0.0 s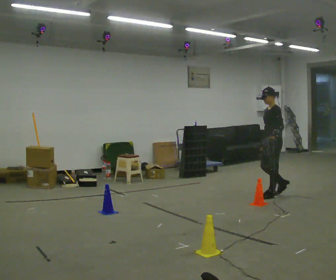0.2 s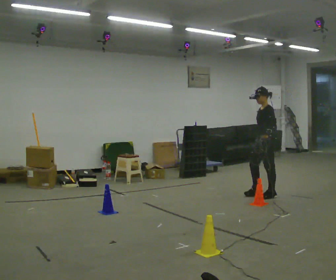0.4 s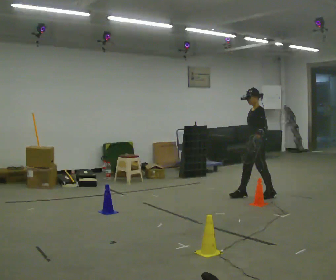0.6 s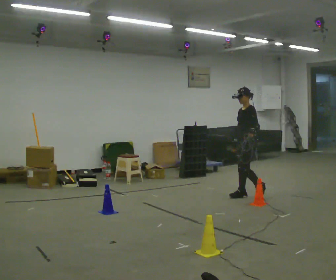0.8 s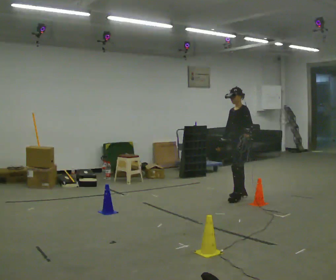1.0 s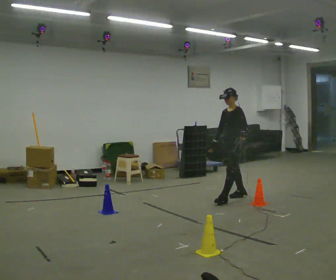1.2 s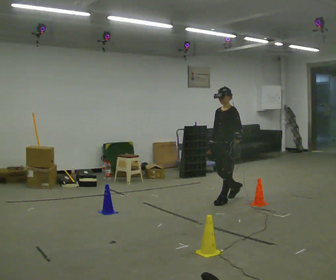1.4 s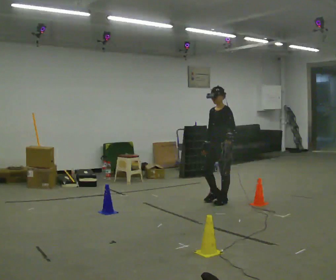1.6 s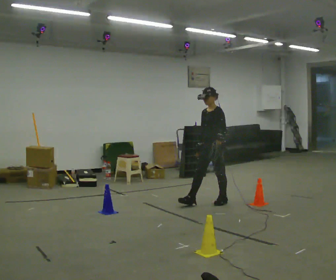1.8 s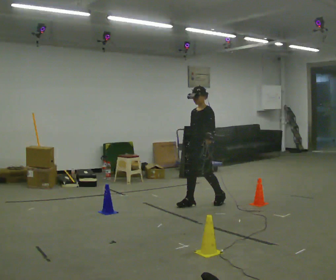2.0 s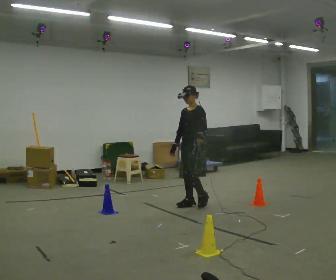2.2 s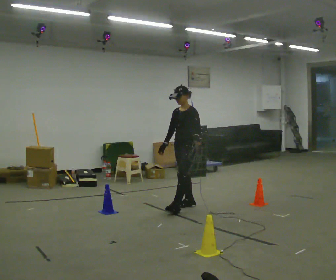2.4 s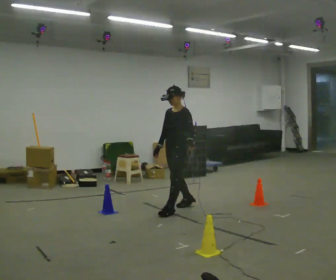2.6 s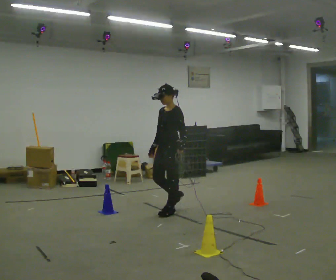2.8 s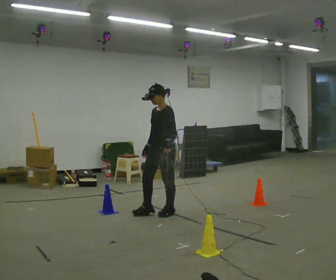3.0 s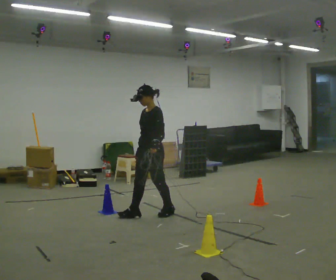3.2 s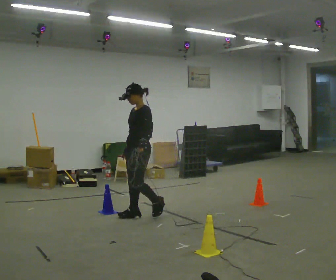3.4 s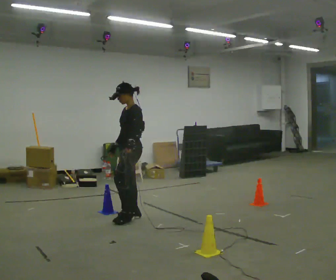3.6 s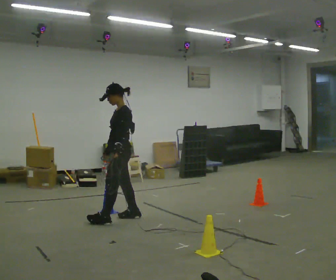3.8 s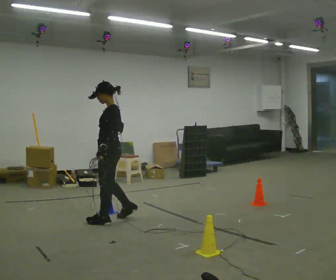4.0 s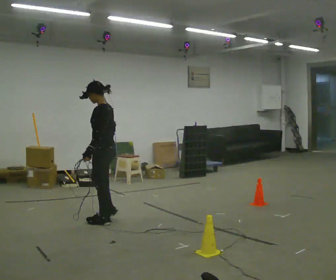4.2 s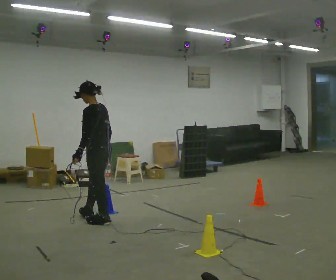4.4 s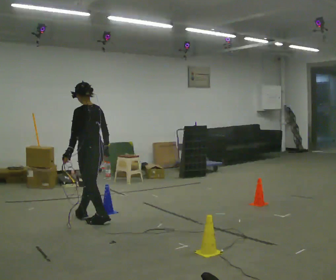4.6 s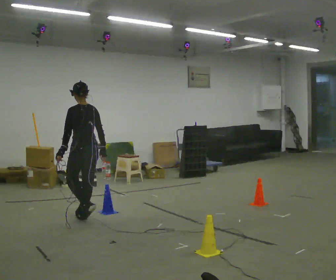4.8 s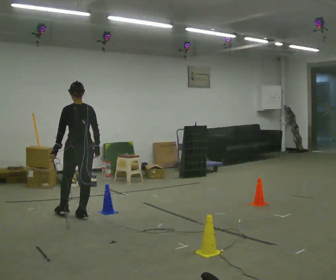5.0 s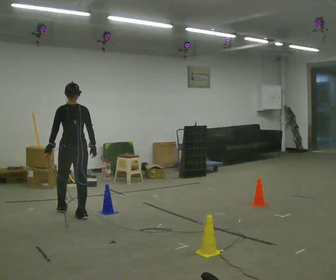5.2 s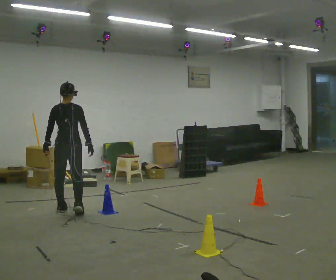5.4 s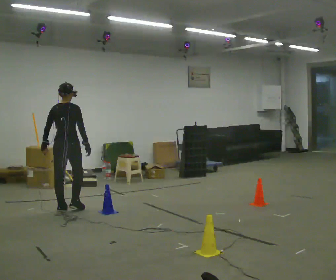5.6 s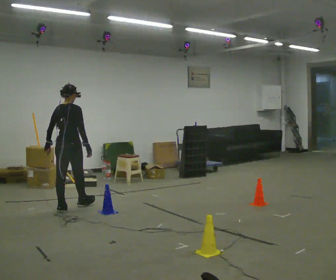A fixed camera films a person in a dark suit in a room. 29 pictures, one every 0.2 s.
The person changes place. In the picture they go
to the left.
0.0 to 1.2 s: Seen from above the body turns counterclockwise, about 30 degrees: to their left, with its near side sliding to the right. In the picture they go to the left, about 0.75 m in 2 steps, which for them is forward.
1.2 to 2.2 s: In the picture they go to the left and toward the camera, about 0.75 m in 1 step, which for them is forward.
2.2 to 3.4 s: In the picture they go to the left and toward the camera, about 1 m in 2 steps, which for them is forward.
3.4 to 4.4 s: The person turns about 60 degrees to their right, clockwise seen from above, so the part of the body nearest the lens slides to the left. In the picture they go to the left, about 0.5 m in 2 steps, which for them is forward and to their left.
4.4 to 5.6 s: The part of the body nearest the lens slides to the left as the person turns to their right by about 75 degrees. In the picture they go away from the camera and to the left, about 0.5 m in 1 step.
The film runs forward here.
